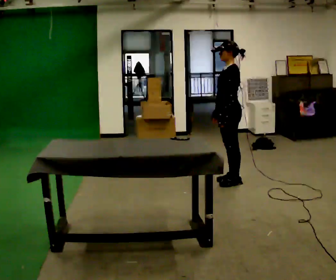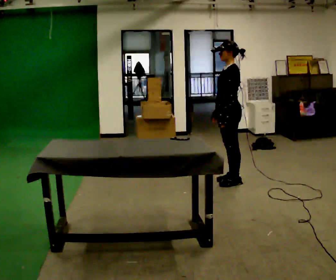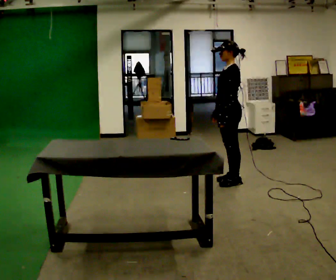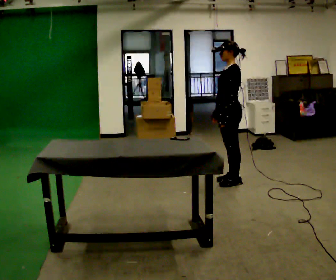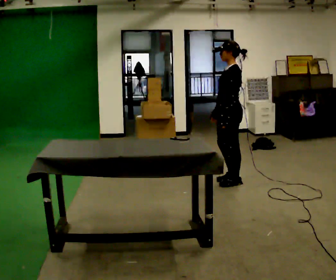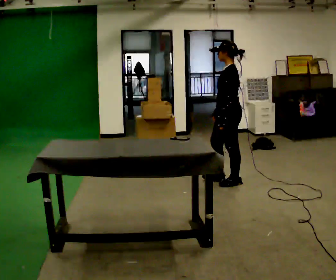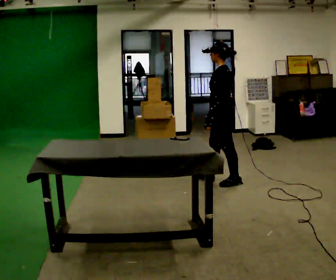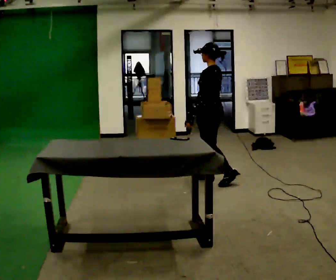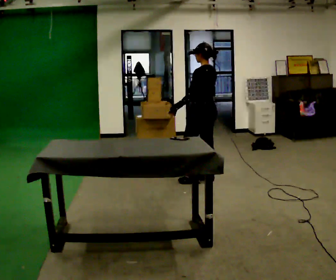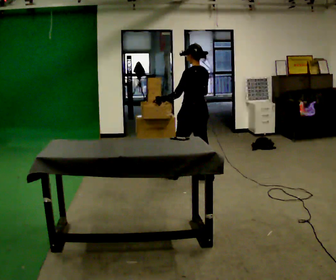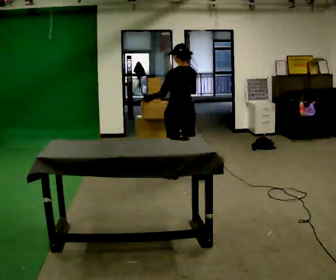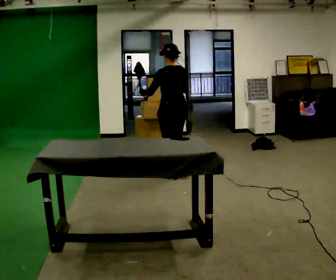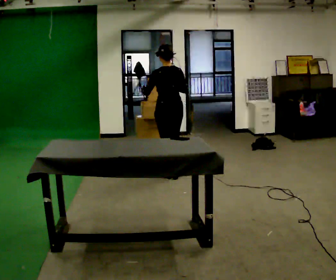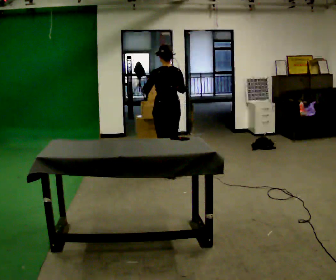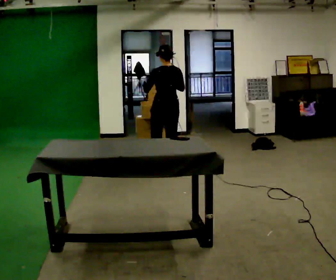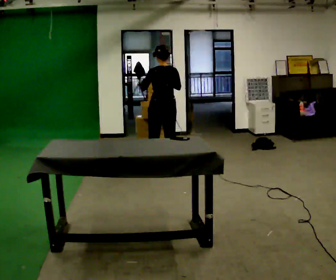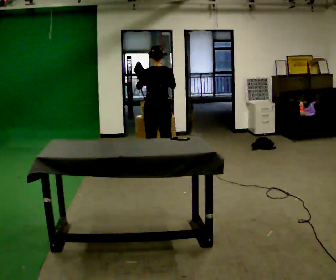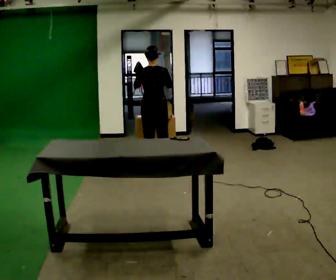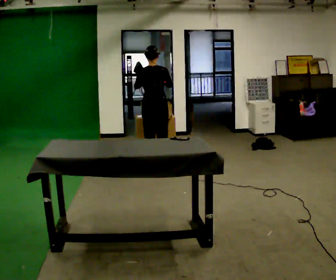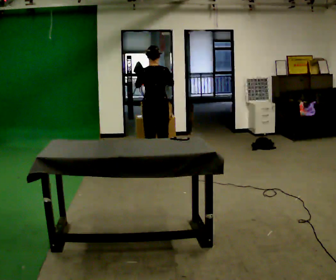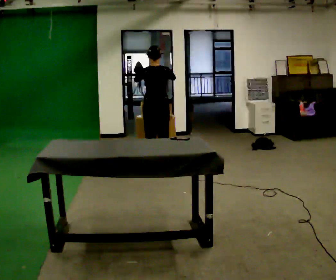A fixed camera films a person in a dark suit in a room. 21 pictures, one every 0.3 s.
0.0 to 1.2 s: The person moves a little, or ends about where they began.
1.2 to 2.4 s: Seen from above the body turns clockwise, about 30 degrees: to their right, with its near side sliding to the left. In the picture they go to the left and away from the camera, about 0.25 m in 1 step, which for them is forward and to their right.
2.4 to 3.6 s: The part of the body nearest the lens slides to the left as the person turns to their right by about 30 degrees. In the picture they go to the left and away from the camera, about 0.5 m in 2 steps, which for them is forward and to their left.
3.6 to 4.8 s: In the picture they go away from the camera and to the left, about 0.25 m in 1 step, which for them is forward.
4.8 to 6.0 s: The person moves a little, or ends about where they began.
The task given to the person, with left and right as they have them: 1. Look at the photo the operator gives you. 2. Put the room back the way it looks in the photo. 3. Tell the operator when you are finished.
The film runs forward here.
